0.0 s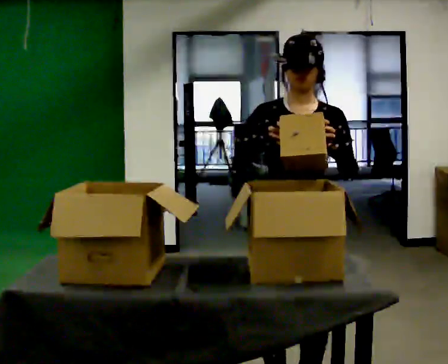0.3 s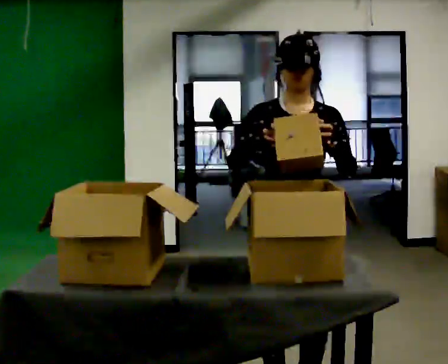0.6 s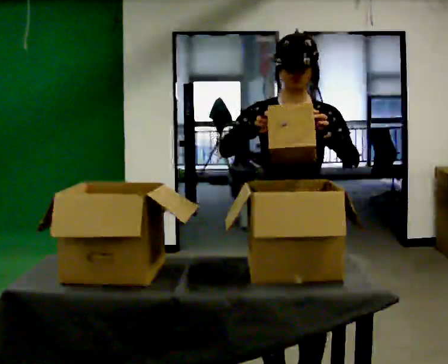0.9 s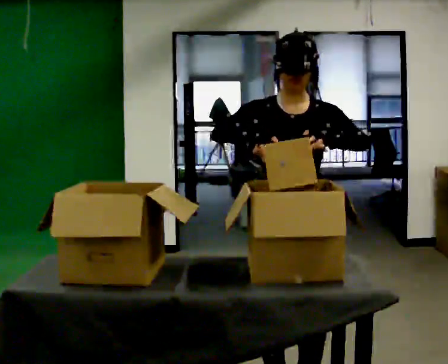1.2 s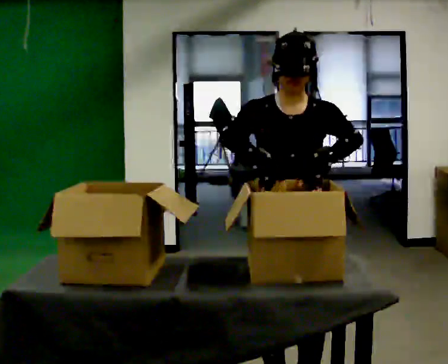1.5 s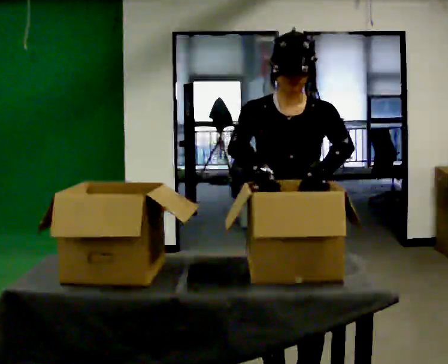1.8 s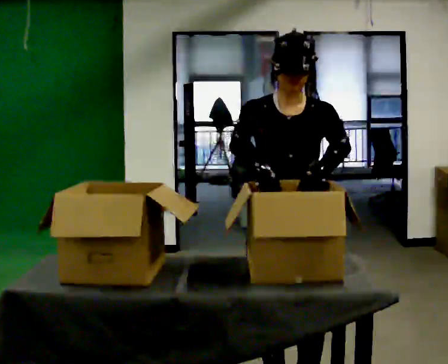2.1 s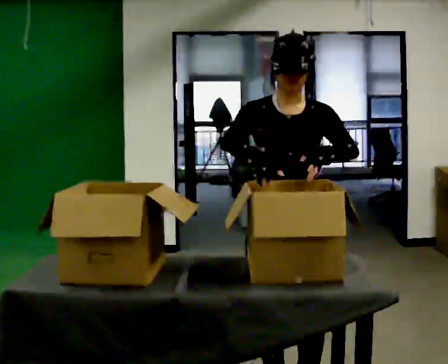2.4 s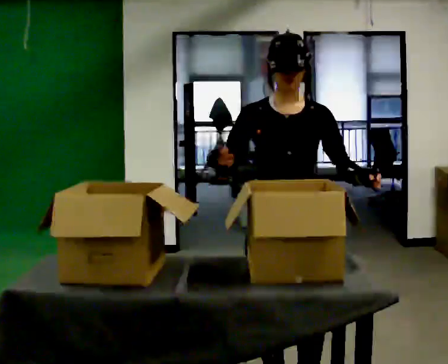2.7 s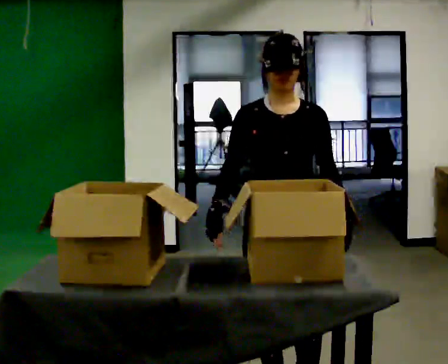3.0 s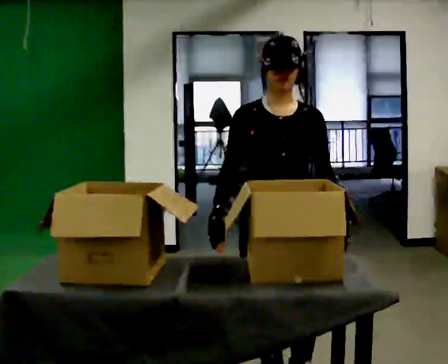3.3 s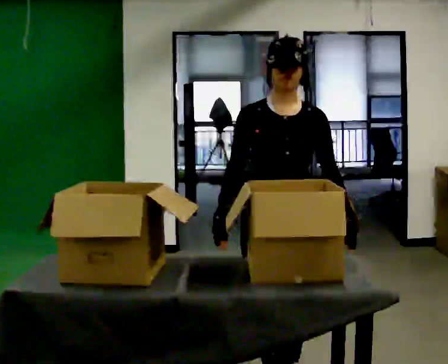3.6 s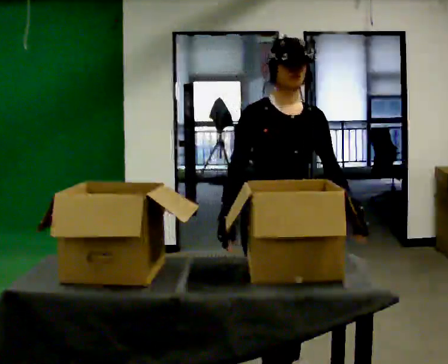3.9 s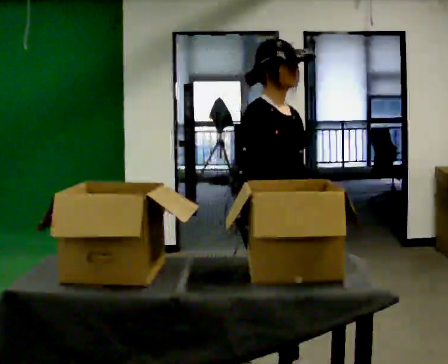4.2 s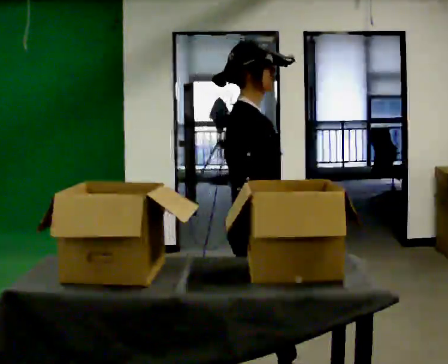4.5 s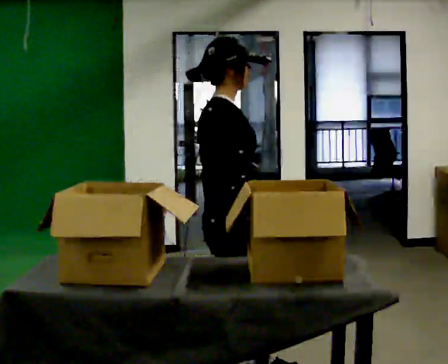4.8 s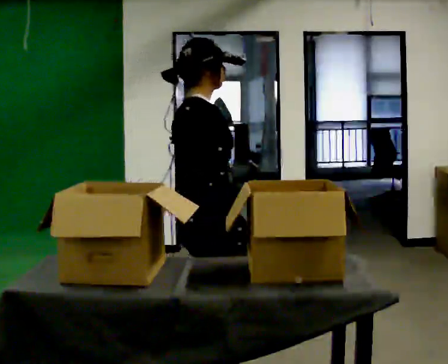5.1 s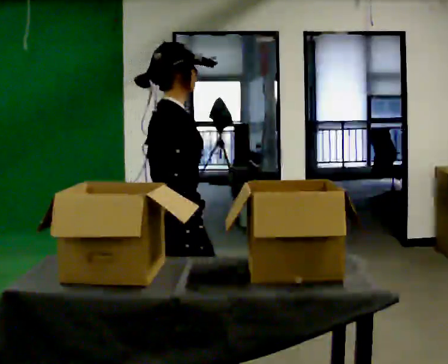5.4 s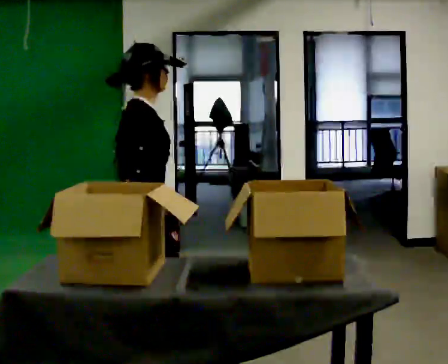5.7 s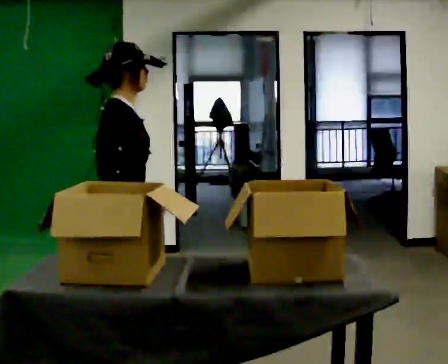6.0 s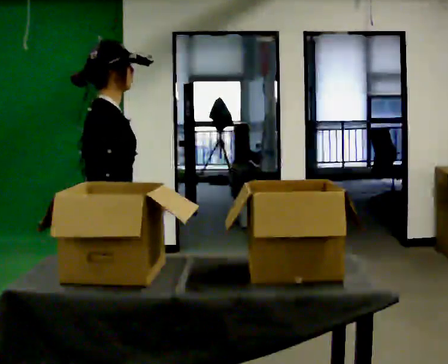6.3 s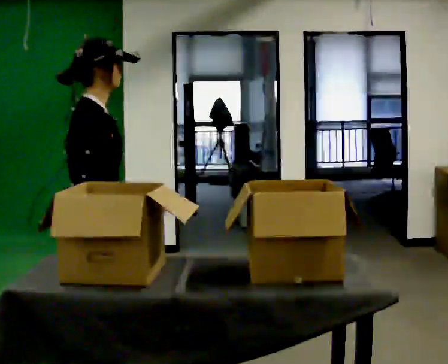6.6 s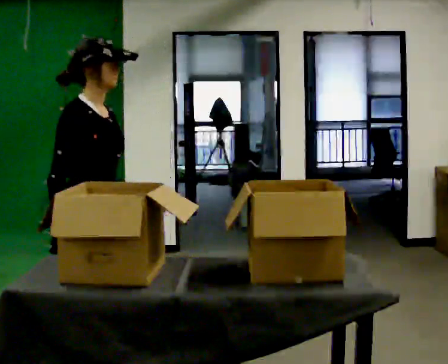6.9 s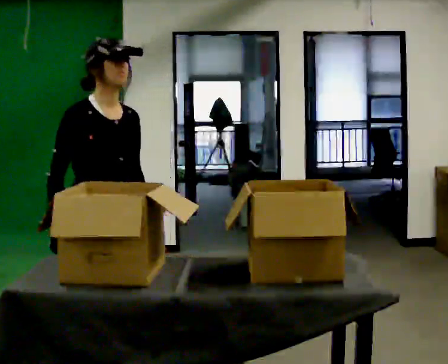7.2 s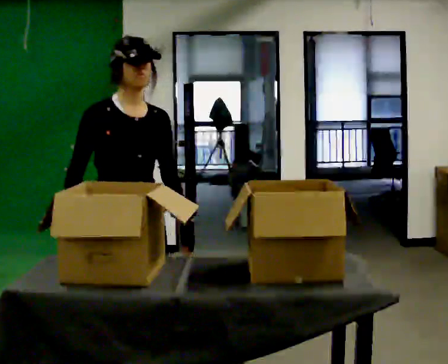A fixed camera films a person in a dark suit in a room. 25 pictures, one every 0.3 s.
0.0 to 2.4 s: The person moves a little, or ends about where they began.
2.4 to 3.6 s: In the picture they go away from the camera, about 0.25 m in 1 step, which for them is backward.
3.6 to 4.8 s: The person turns about 90 degrees to their left, counterclockwise seen from above, so the part of the body nearest the lens slides to the right. In the picture they go to the left and toward the camera, about 0.25 m in 2 steps.
4.8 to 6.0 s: In the picture they go to the left, about 0.5 m in 1 step, which for them is backward and to their left.
6.0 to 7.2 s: The person turns about 75 degrees to their right, clockwise seen from above, so the part of the body nearest the lens slides to the left.
The film runs backward here.
